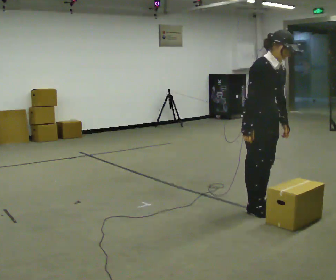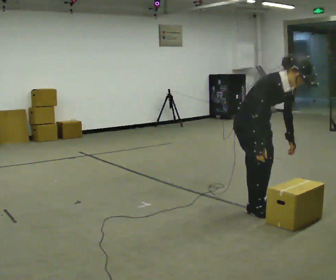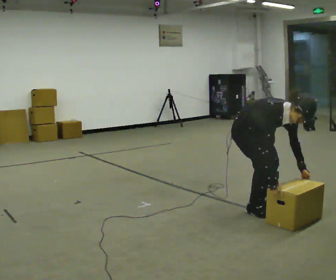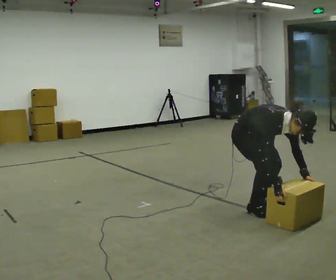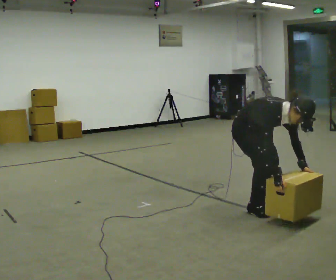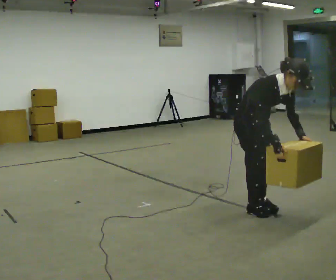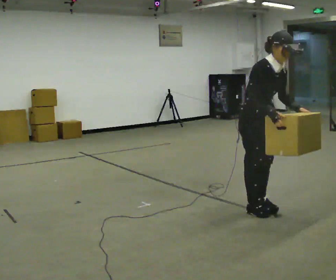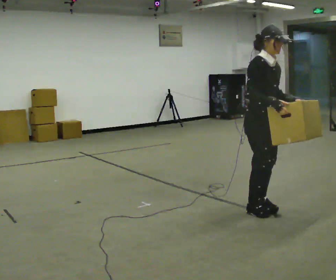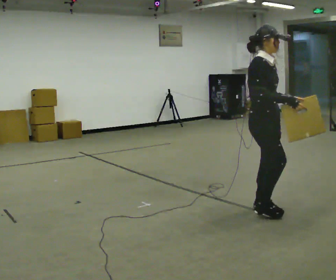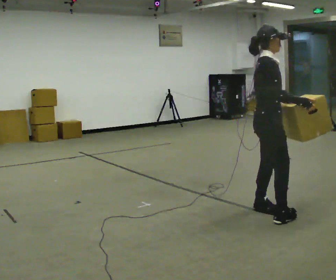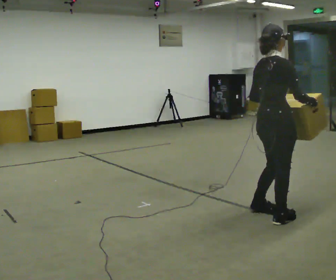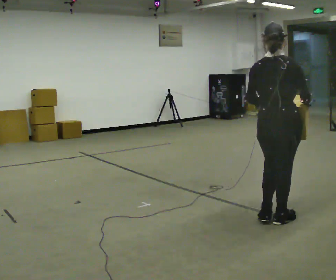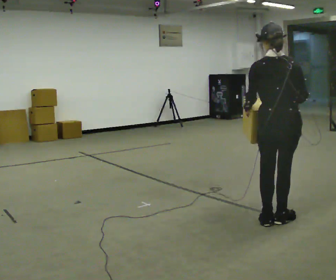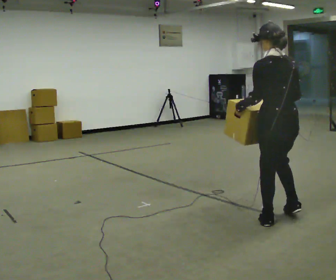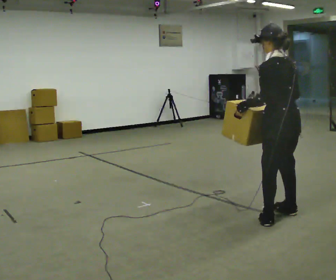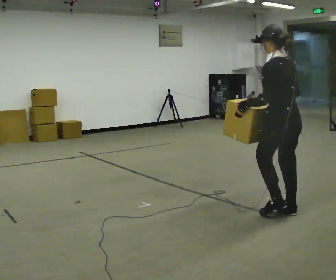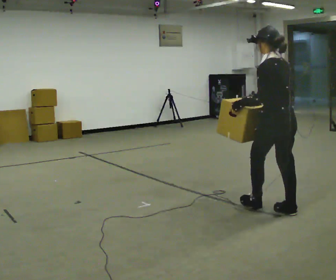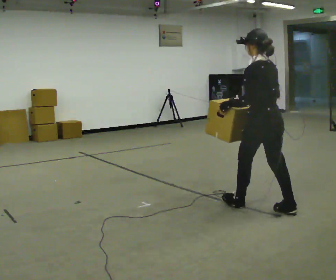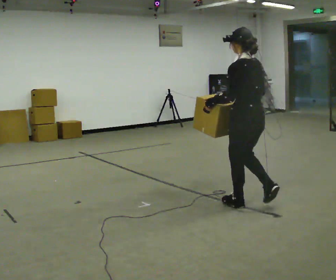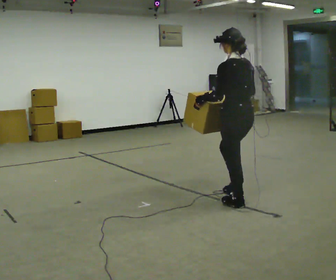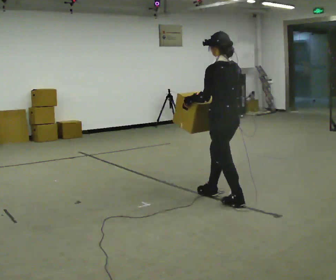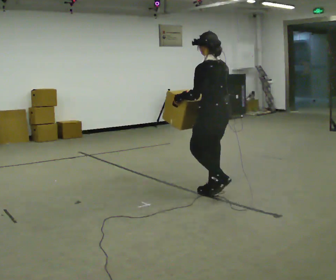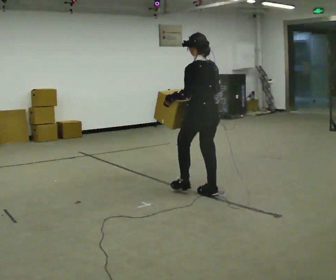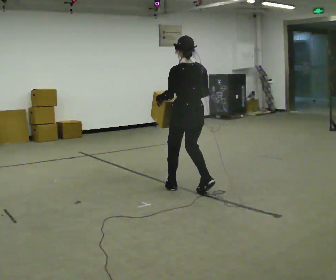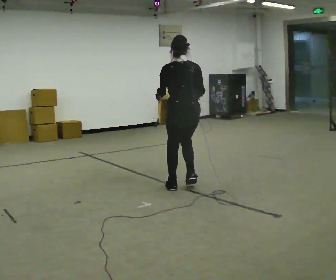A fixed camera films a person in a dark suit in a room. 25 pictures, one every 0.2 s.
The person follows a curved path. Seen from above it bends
counterclockwise.
0.0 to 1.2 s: The person moves a little, or ends about where they began.
1.2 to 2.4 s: The person turns about 135 degrees to their left, counterclockwise seen from above, so the part of the body nearest the lens slides to the right. In the picture they go toward the camera and to the right, about 0.25 m in 2 steps. In the picture the upper body tilts counterclockwise, shoulders to the left.
2.4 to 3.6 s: The part of the body nearest the lens slides to the right as the person turns to their left by about 45 degrees. In the picture they go away from the camera and to the left, about 0.5 m in 2 steps, which for them is forward.
3.6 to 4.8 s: The person turns about 30 degrees to their right, clockwise seen from above, so the part of the body nearest the lens slides to the left. In the picture they go to the left and away from the camera, about 1 m in 2 steps, which for them is forward.
The film runs forward here.
